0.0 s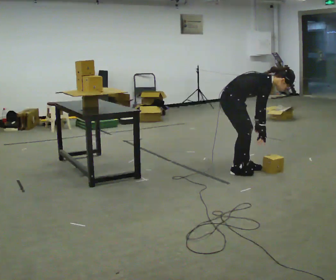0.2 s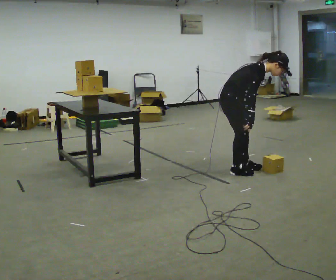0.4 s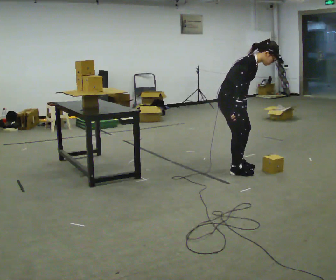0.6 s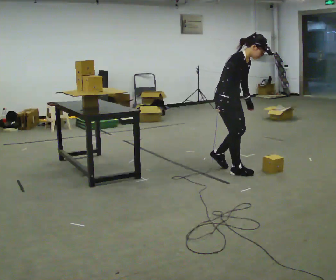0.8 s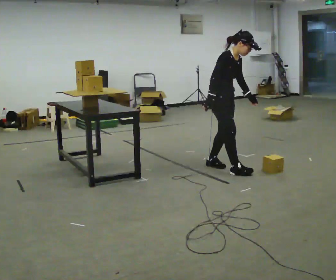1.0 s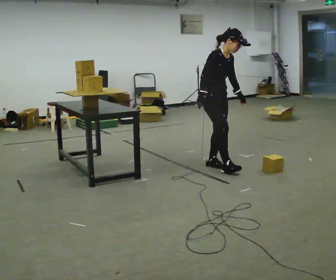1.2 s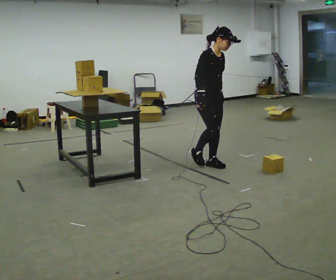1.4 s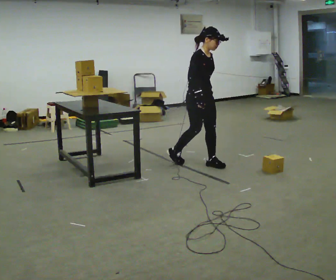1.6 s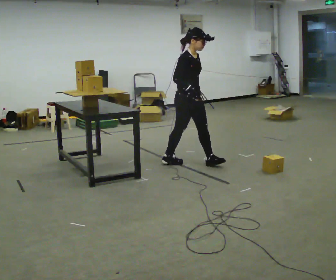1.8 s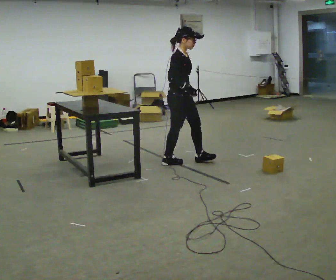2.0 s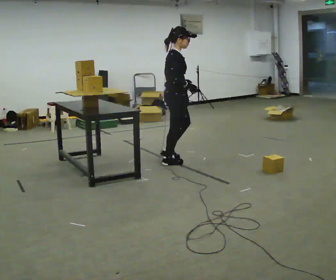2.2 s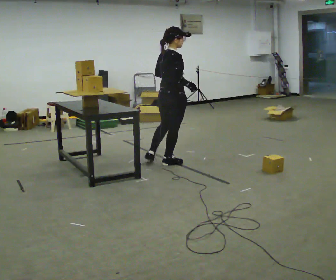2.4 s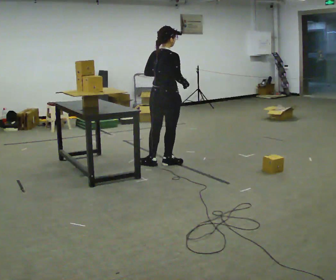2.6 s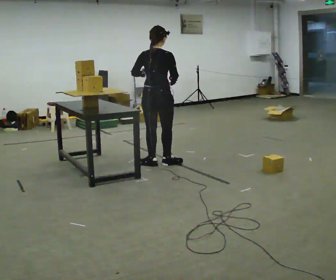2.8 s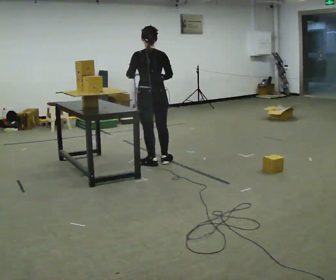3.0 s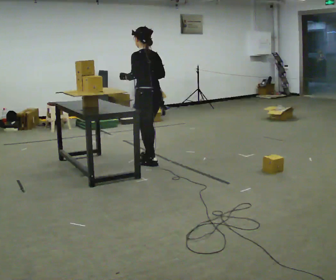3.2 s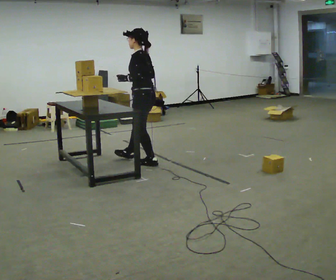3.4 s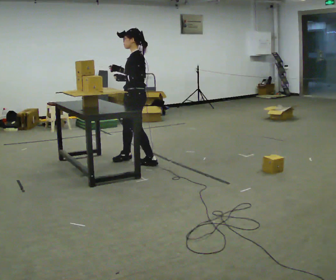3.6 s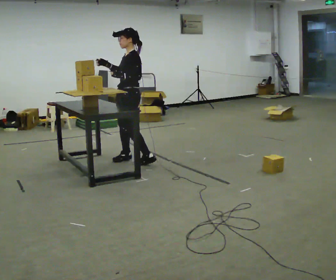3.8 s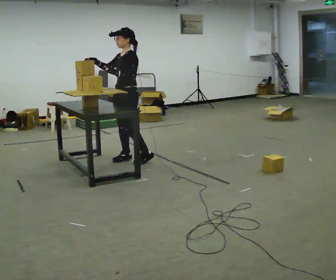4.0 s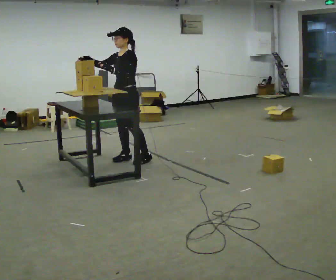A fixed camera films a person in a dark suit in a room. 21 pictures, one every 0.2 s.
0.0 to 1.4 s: Seen from above the body turns clockwise, about 30 degrees: to their right, with its near side sliding to the left. In the picture they go to the left and away from the camera, about 0.5 m in 2 steps, which for them is backward. The shoulders move upward. In the picture the upper body tilts counterclockwise, shoulders to the left, as they lean back or straighten. In the picture their left hand goes upward.
1.4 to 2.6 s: Seen from above the body turns counterclockwise, about 120 degrees: to their left, with its near side sliding to the right. In the picture they go to the left, about 0.5 m in 1 step.
2.6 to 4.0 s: Seen from above the body turns counterclockwise, about 150 degrees: to their left, with its near side sliding to the right. In the picture they go to the left and away from the camera, about 0.5 m in 1 step.
The film runs backward here.
